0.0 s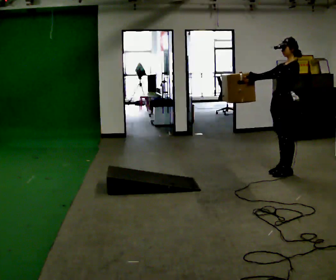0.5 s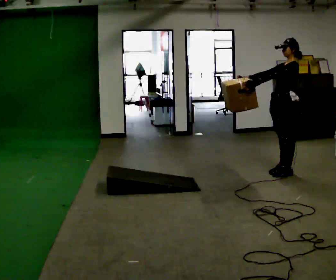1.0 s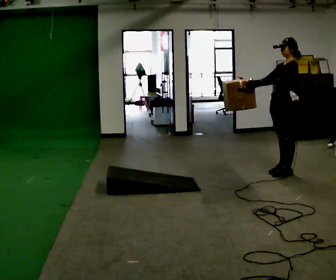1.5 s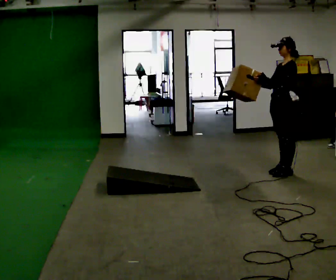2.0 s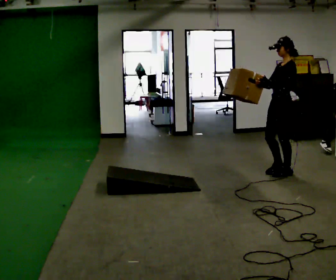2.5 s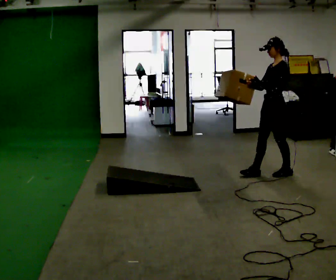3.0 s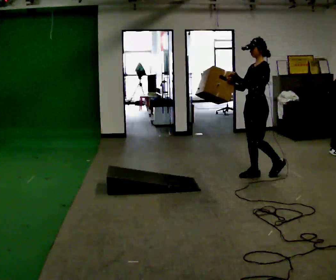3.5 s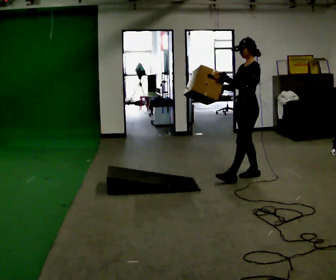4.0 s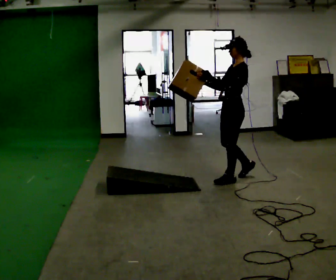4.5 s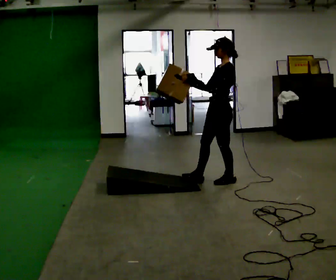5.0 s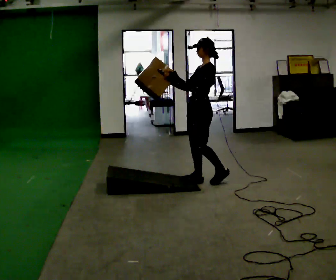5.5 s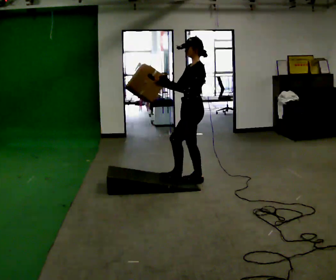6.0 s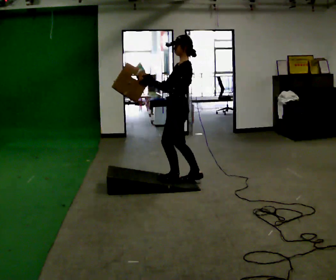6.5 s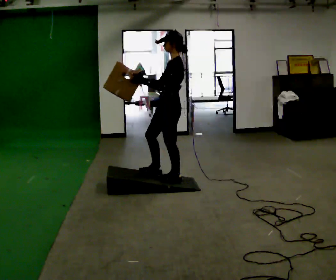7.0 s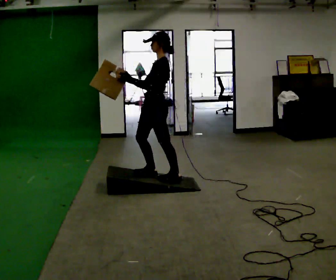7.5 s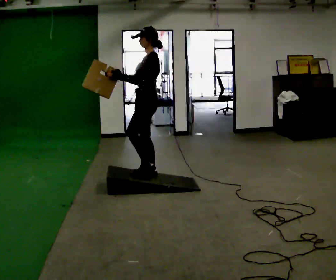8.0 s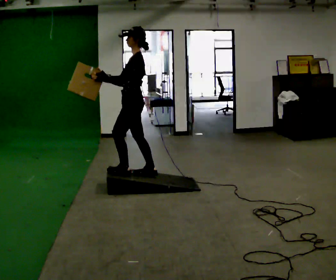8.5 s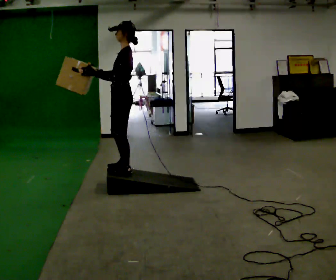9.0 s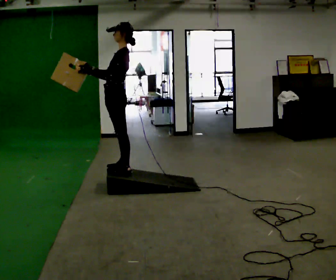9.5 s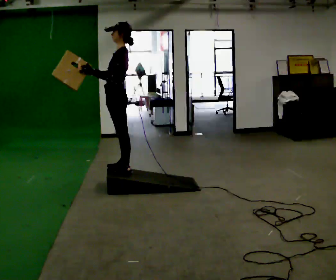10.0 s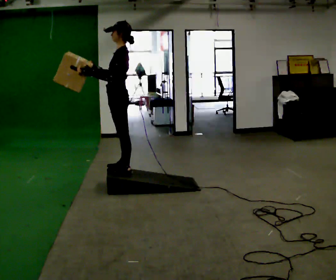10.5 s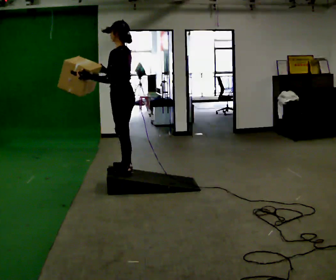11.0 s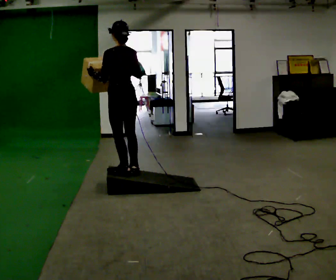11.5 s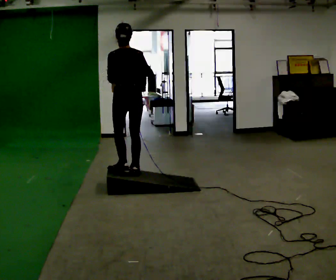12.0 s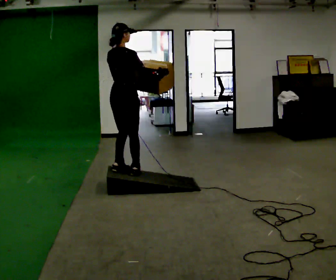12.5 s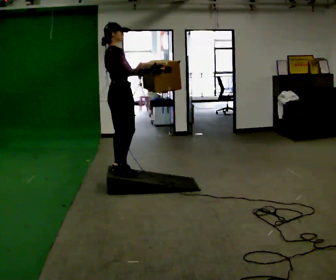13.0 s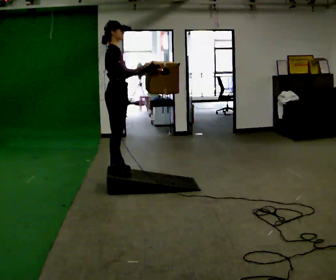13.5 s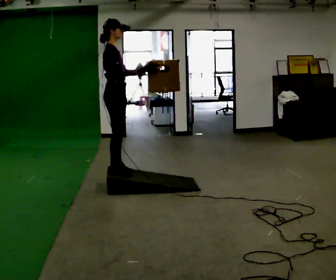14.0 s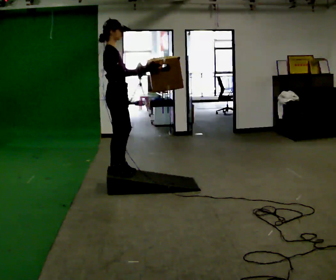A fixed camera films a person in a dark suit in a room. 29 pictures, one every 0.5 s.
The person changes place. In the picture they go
to the left.
0.0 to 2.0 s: The person moves a little, or ends about where they began.
2.0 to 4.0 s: In the picture they go to the left, about 0.5 m in 2 steps, which for them is forward.
4.0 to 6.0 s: In the picture they go to the left, about 0.5 m in 2 steps, which for them is forward.
6.0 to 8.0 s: In the picture they go to the left, about 0.5 m in 2 steps, which for them is forward.
8.0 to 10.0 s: The person moves a little, or ends about where they began.
10.0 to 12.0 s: The person turns about 120 degrees to their right, clockwise seen from above, so the part of the body nearest the lens slides to the left. In the picture their right hand goes to the right.
12.0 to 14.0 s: The person turns about 45 degrees to their right, clockwise seen from above, so the part of the body nearest the lens slides to the left.
The film runs forward here.
